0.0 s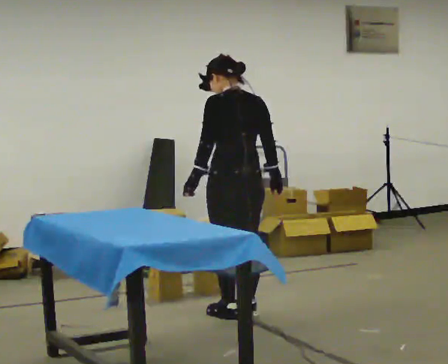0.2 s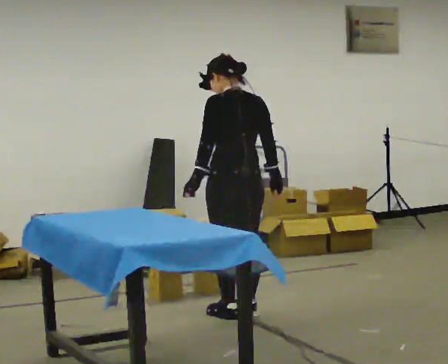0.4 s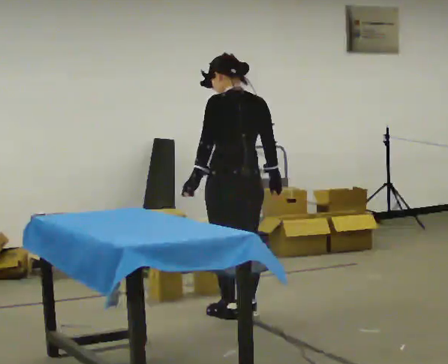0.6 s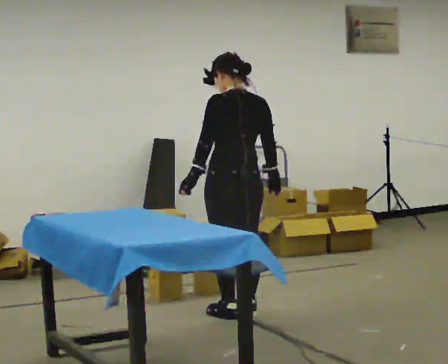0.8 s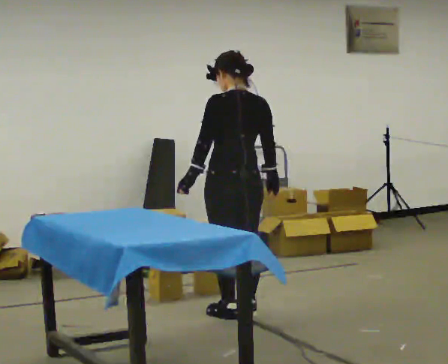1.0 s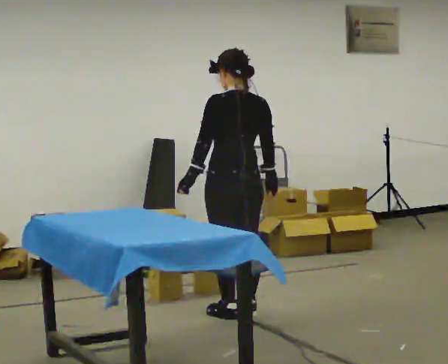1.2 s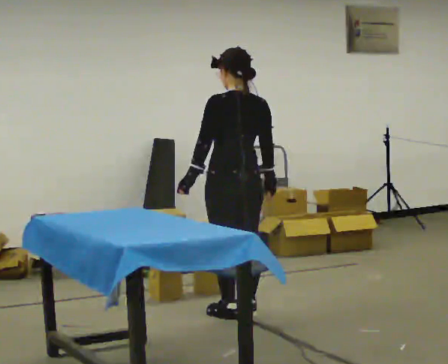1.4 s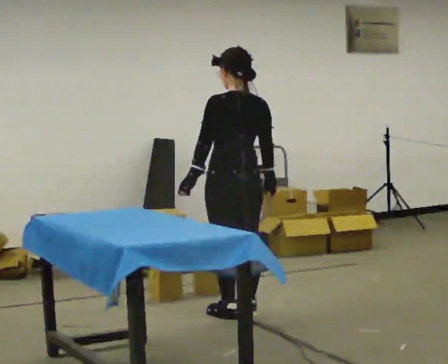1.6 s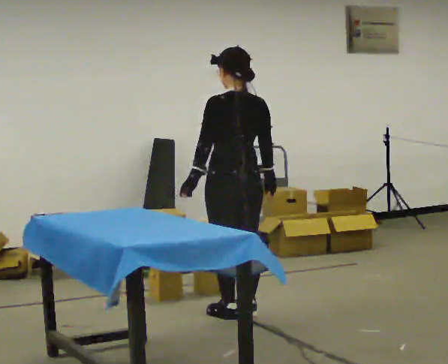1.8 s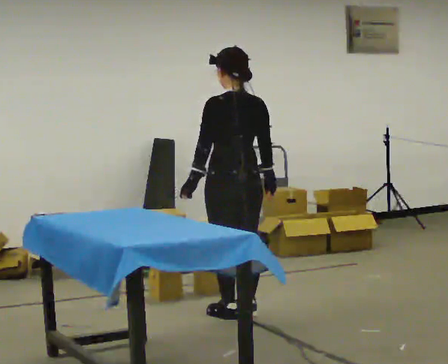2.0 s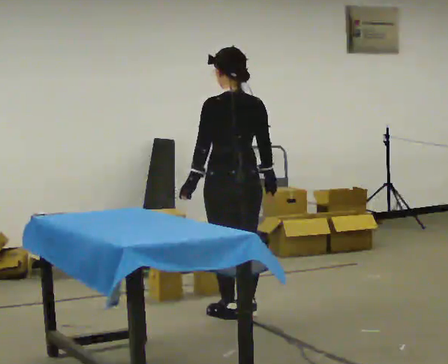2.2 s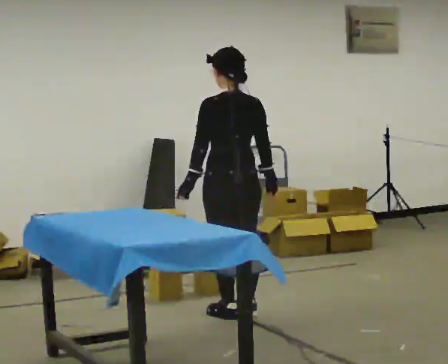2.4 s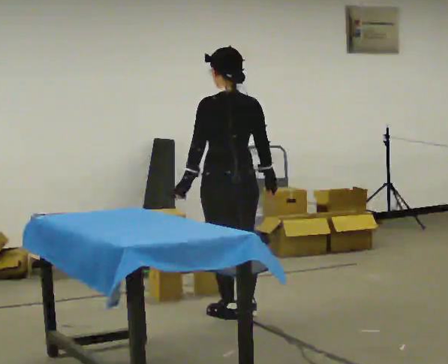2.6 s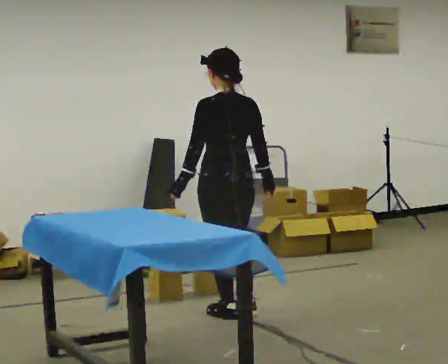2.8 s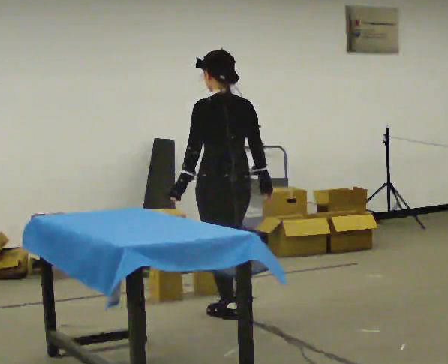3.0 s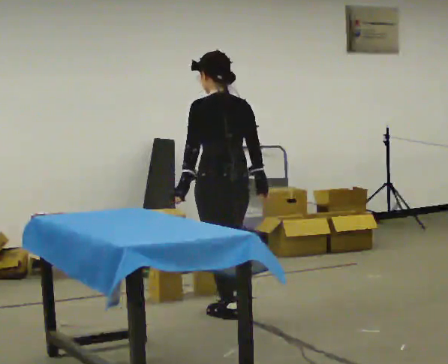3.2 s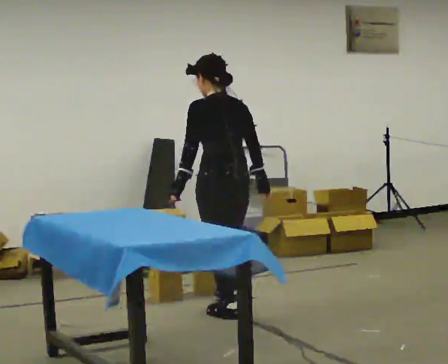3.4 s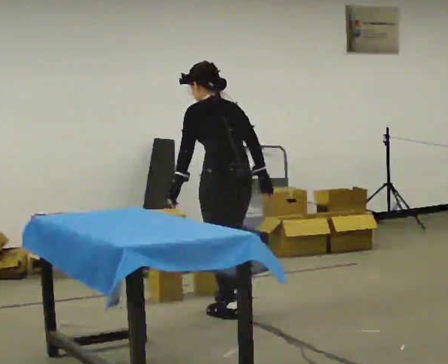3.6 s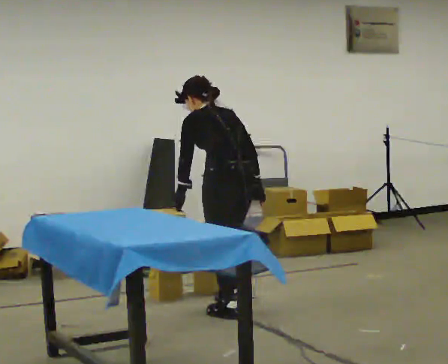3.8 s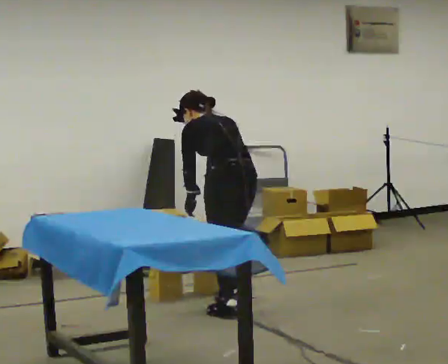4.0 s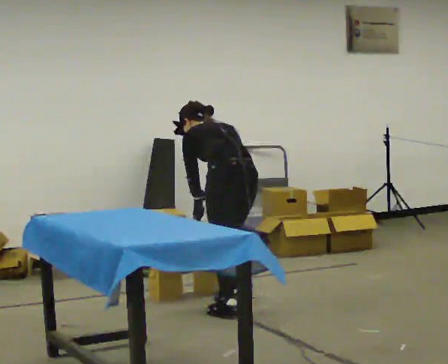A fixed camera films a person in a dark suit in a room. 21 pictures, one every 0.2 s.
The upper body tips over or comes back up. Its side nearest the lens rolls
upward.
0.0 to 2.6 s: The person moves a little, or ends about where they began.
2.6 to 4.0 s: In the picture they go away from the camera, about 0.25 m in 1 step, which for them is forward and to their right. The upper body goes downward. The upper body tips away from the camera, its near side rolling upward, as they bend forward.
The film runs backward here.
